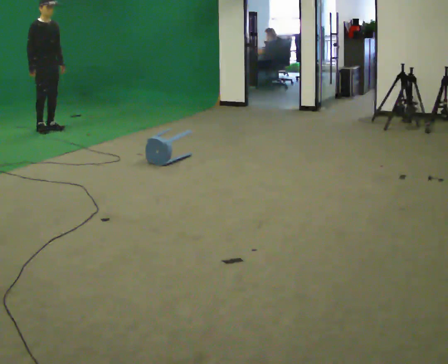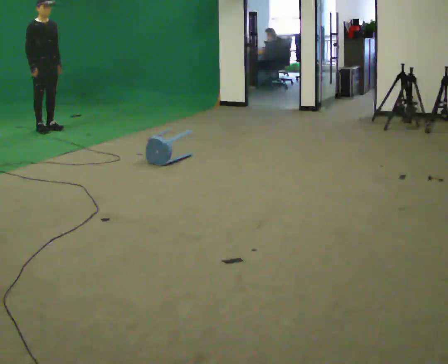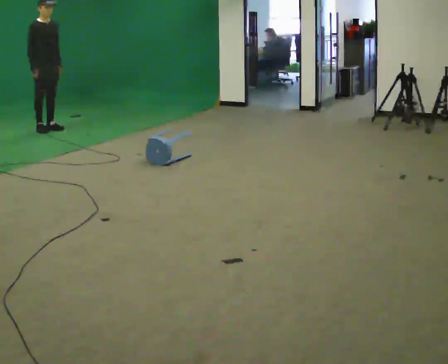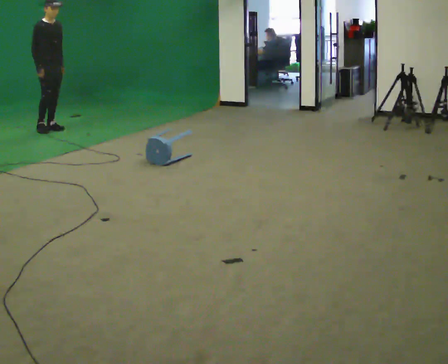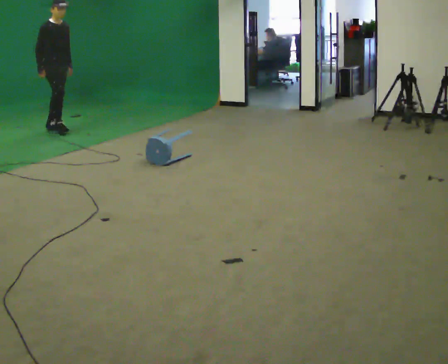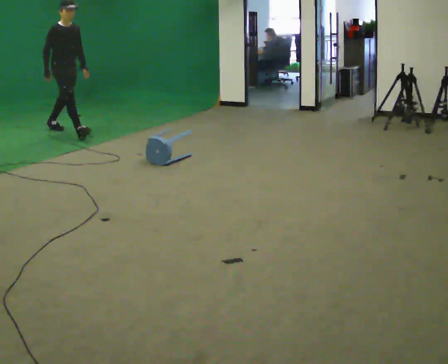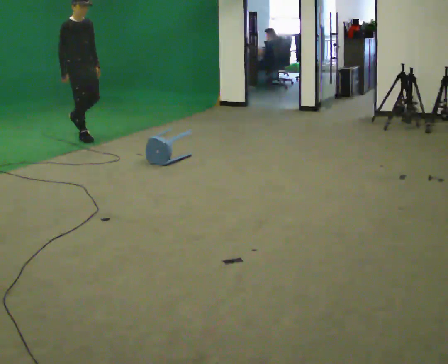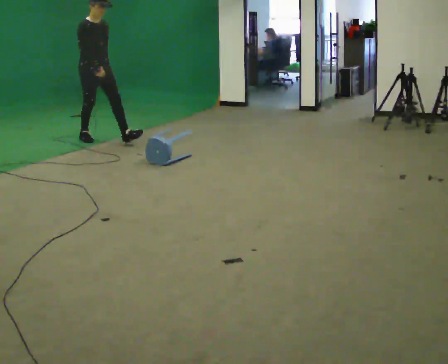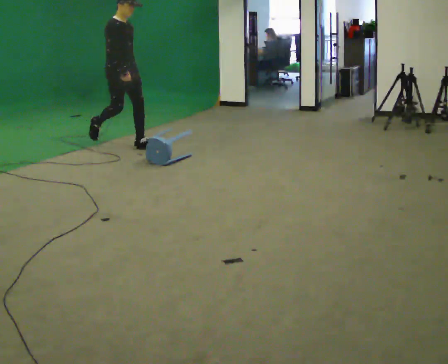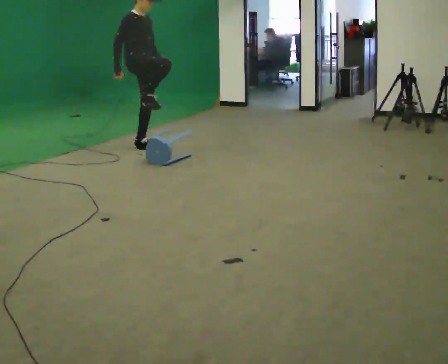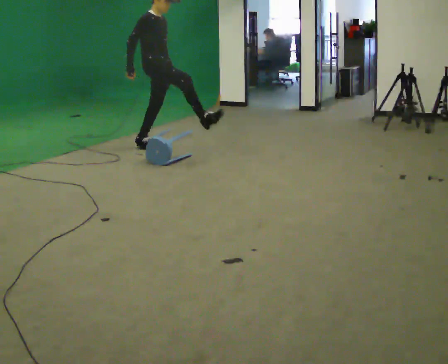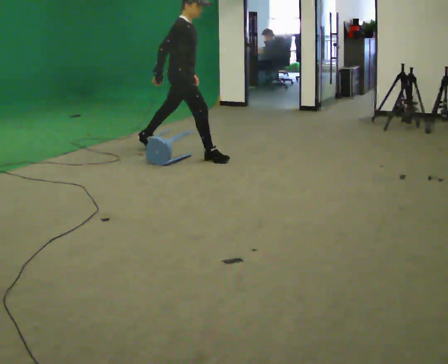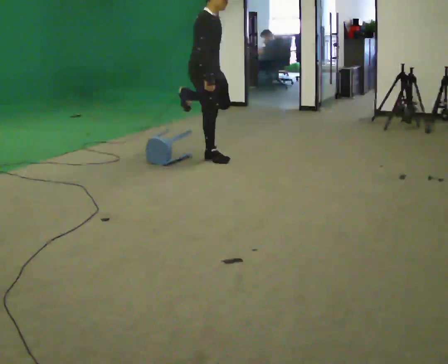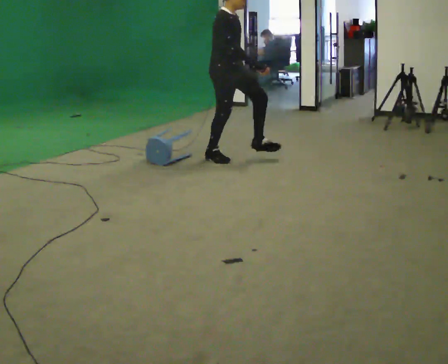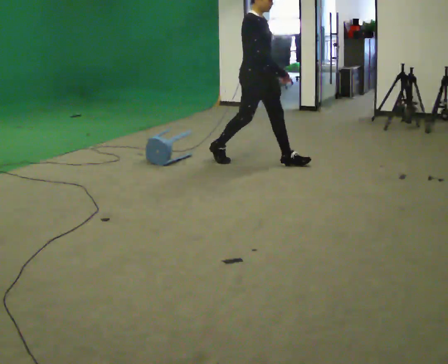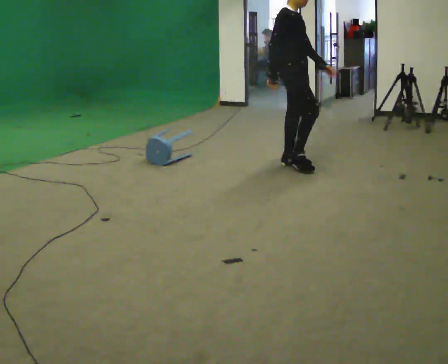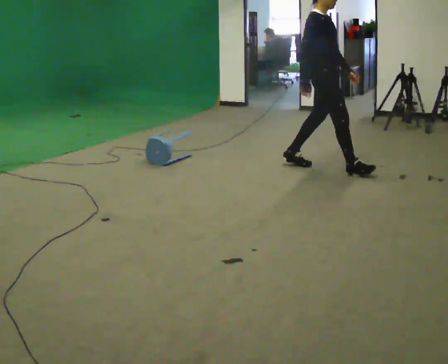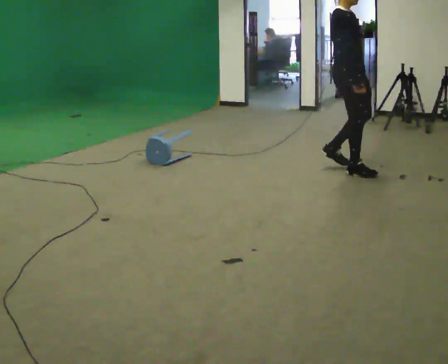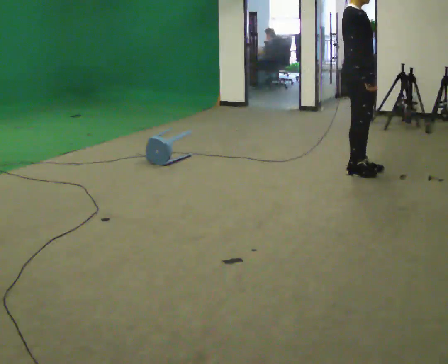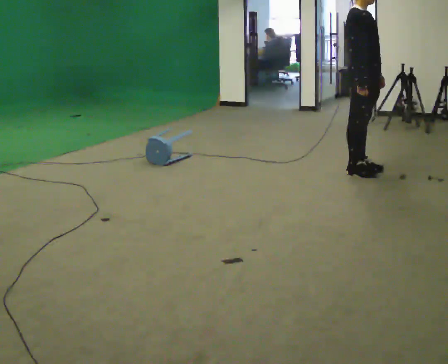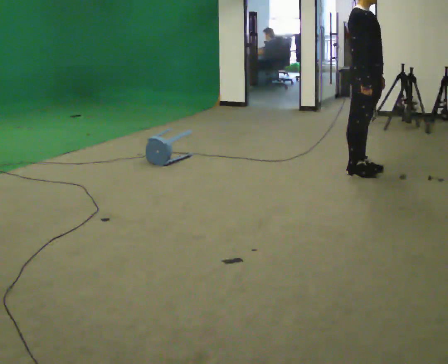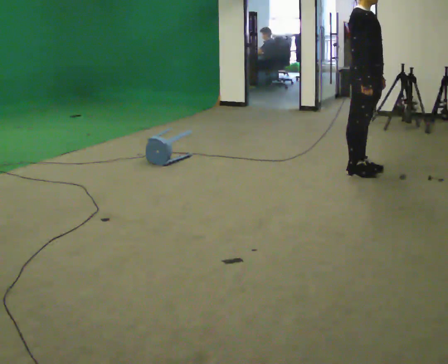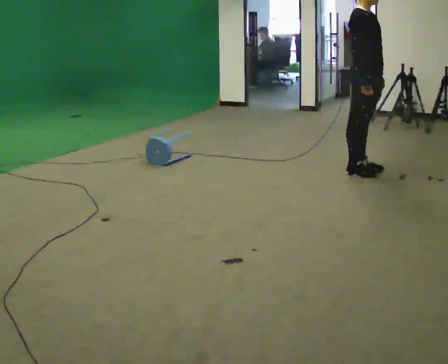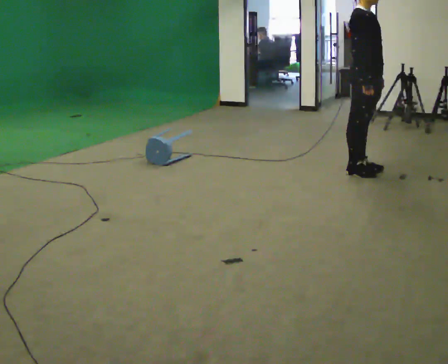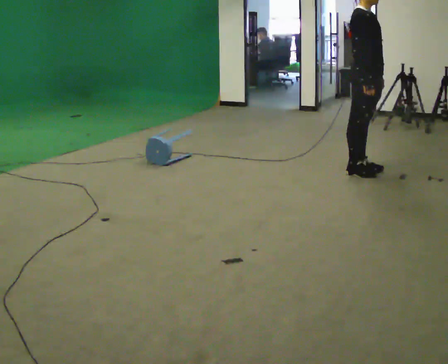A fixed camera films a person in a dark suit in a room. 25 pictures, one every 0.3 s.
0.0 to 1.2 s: In the picture they go to the right, about 0.25 m, which for them is forward.
1.2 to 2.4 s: In the picture they go to the right and toward the camera, about 1.5 m in 2 steps, which for them is forward.
2.4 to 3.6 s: In the picture they go to the right and toward the camera, about 1 m in 1 step, which for them is forward and to their right.
3.6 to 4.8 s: In the picture they go to the right and toward the camera, about 1 m in 2 steps, which for them is forward.
4.8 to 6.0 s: In the picture they go to the right, about 0.25 m in 1 step, which for them is forward.
6.0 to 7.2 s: The person keeps their place and pose.
The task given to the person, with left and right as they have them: Walk toward low obstacle; step over without stopping; continue.
The film runs forward here.
